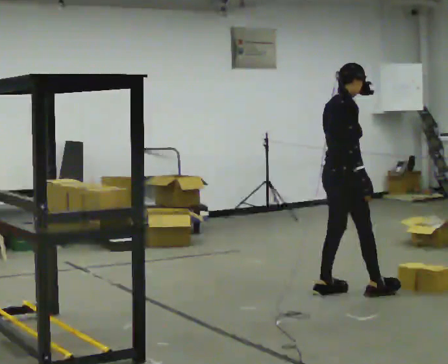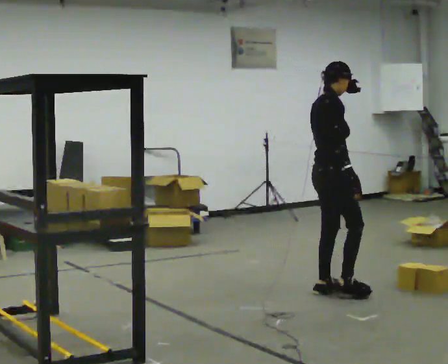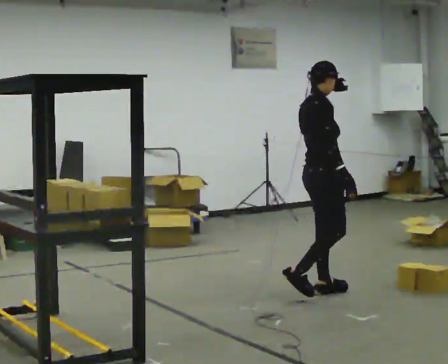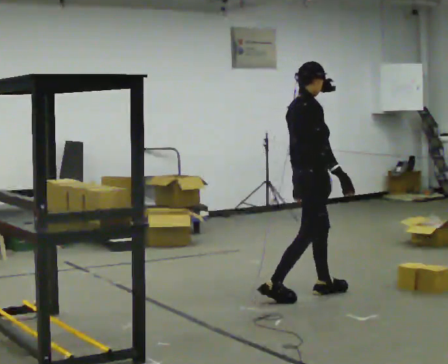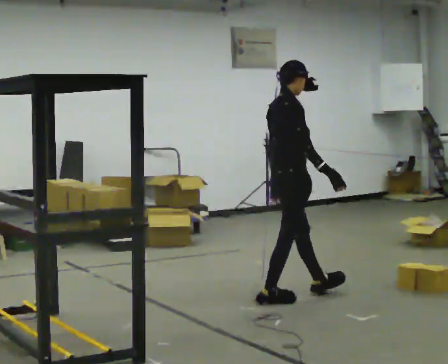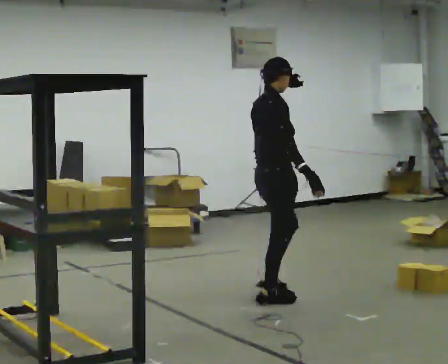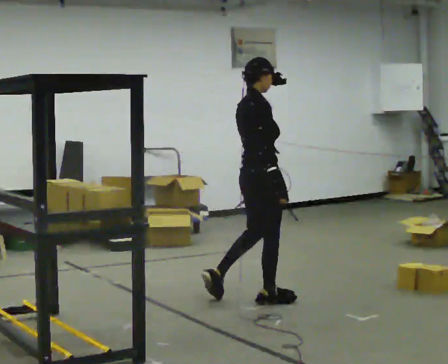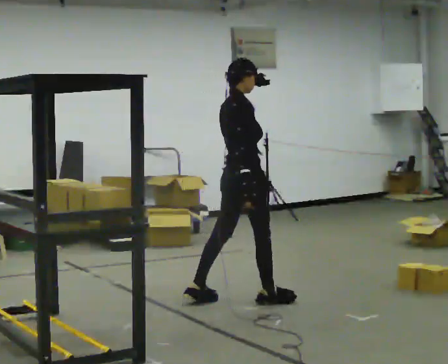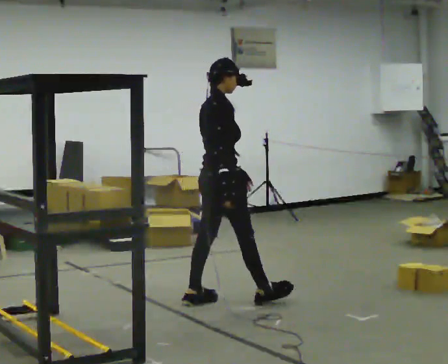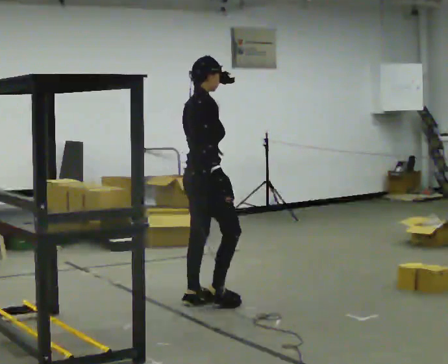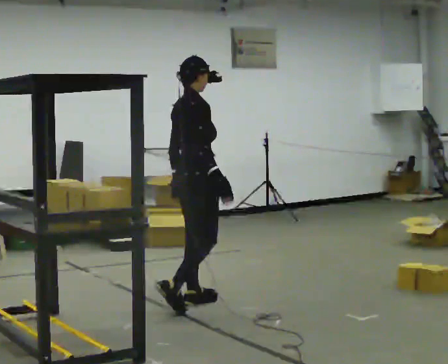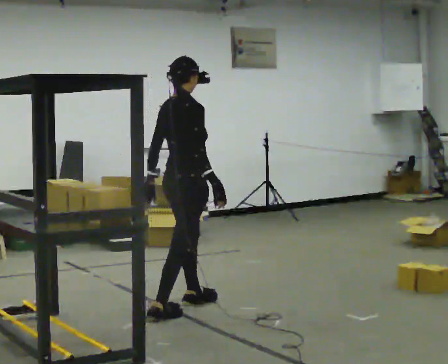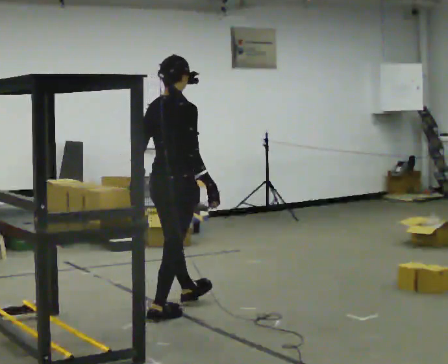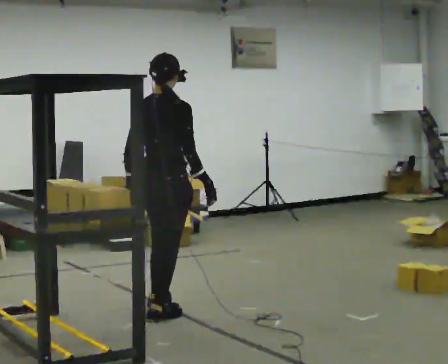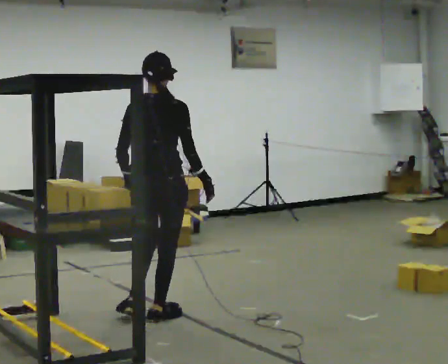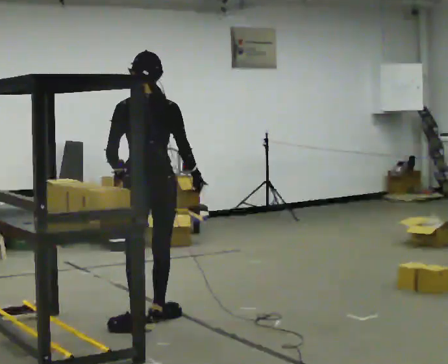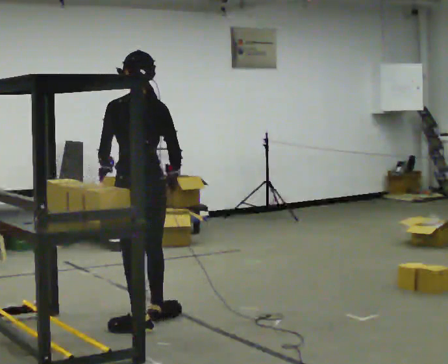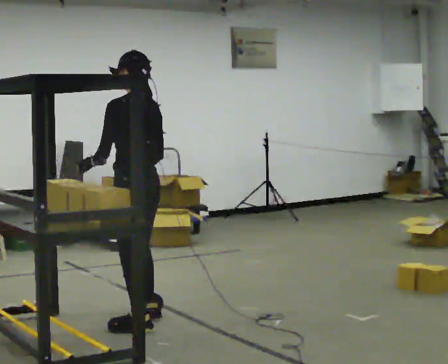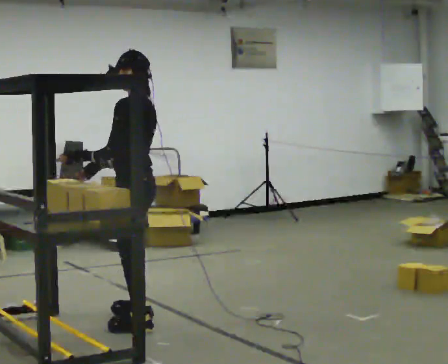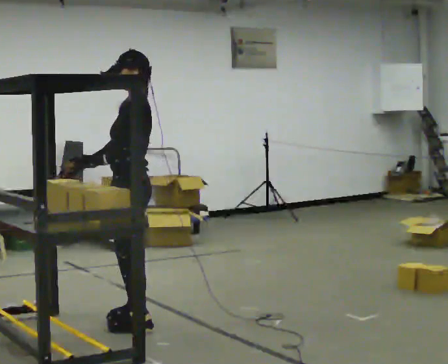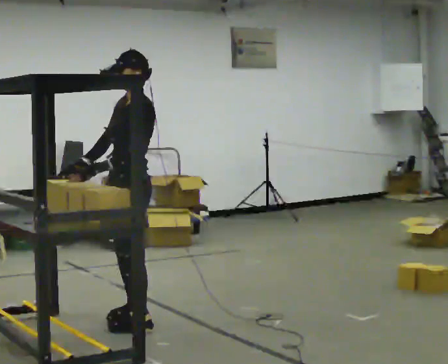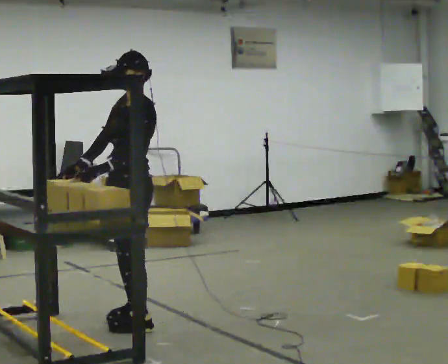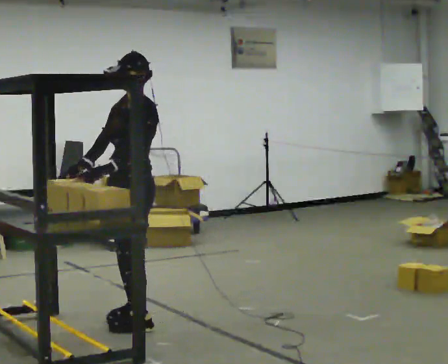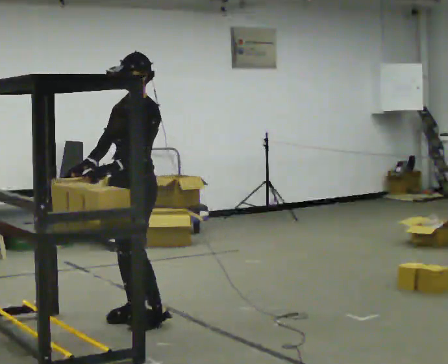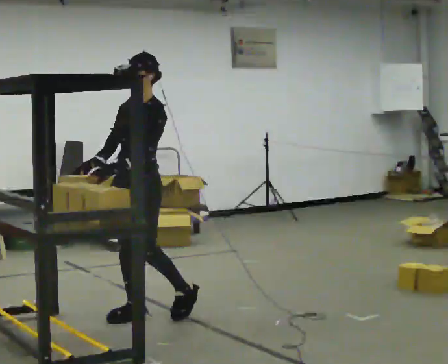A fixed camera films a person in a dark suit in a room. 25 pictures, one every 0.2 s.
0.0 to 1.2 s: In the picture they go to the left, about 0.5 m in 2 steps, which for them is backward.
1.2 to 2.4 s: In the picture they go to the left and toward the camera, about 0.75 m in 2 steps, which for them is backward.
2.4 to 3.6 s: Seen from above the body turns counterclockwise, about 120 degrees: to their left, with its near side sliding to the right. In the picture they go toward the camera and to the left, about 0.25 m.
3.6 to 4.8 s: The part of the body nearest the lens slides to the right as the person turns to their left by about 60 degrees. In the picture they go away from the camera, about 0.25 m in 1 step.
The film runs backward here.
